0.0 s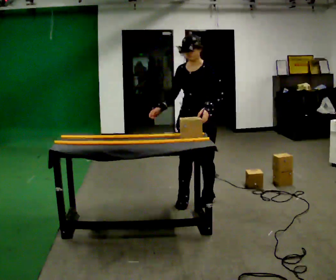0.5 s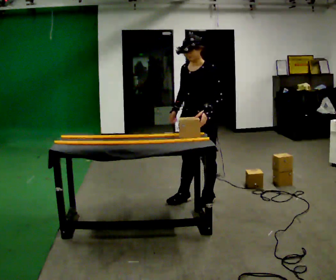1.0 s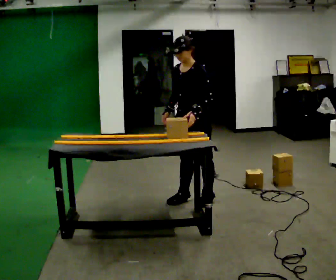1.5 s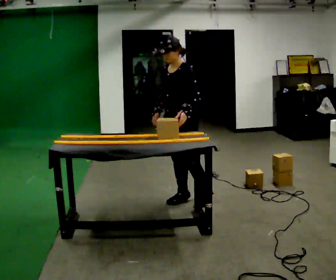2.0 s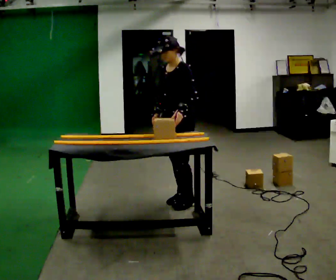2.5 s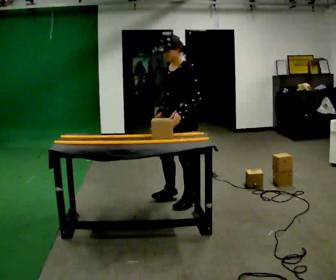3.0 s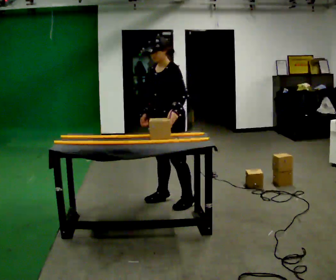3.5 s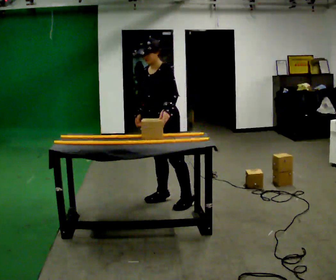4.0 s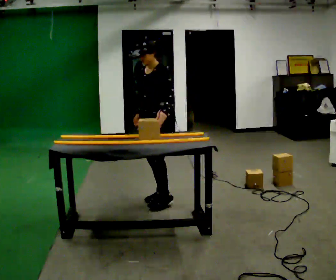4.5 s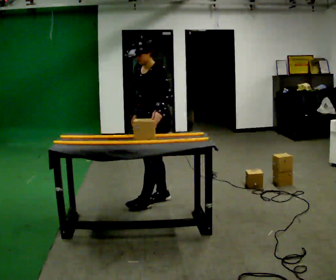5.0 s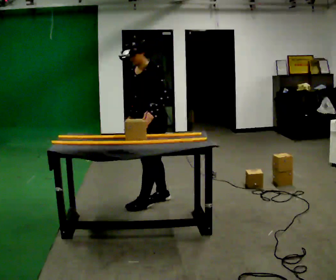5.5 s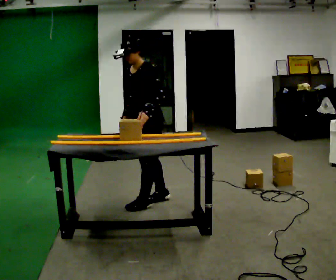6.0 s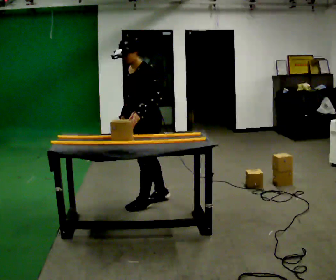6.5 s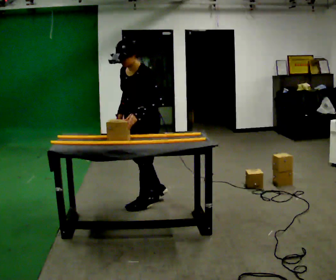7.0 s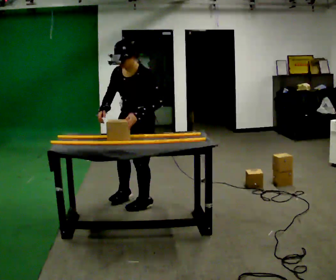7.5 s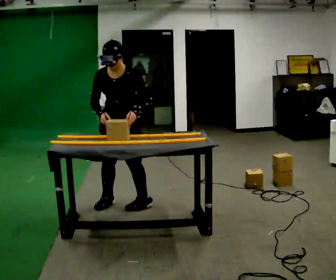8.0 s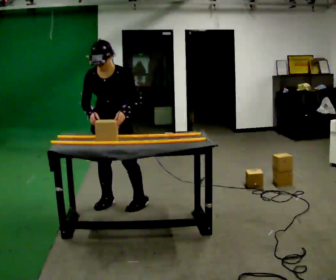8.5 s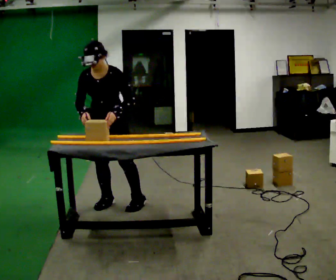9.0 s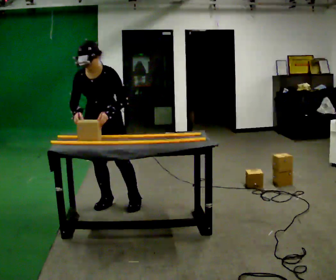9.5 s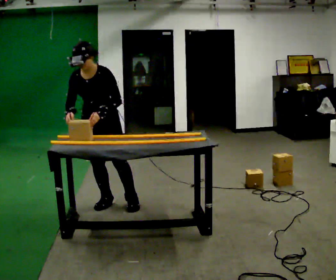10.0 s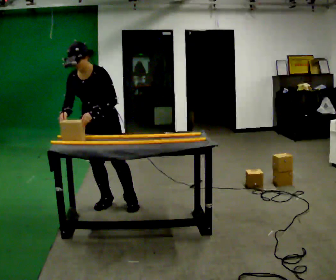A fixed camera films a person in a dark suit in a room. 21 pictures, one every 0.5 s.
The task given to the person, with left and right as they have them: Slide the object into the slot on the shelf in front of you. It is a close fit, so take the time you need. Repeat at your own pace until the operator says stop. Keep both feet on the marked spots for the whole take. If you have to step, stop and tell the operator.
0.0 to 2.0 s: Seen from above the body turns clockwise, about 30 degrees: to their right, with its near side sliding to the left. In the picture they go to the left, about 0.25 m in 1 step, which for them is to their right.
2.0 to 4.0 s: In the picture they go to the left, about 0.25 m in 1 step, which for them is to their right.
4.0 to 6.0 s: The person moves a little, or ends about where they began.
6.0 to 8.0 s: Seen from above the body turns counterclockwise, about 60 degrees: to their left, with its near side sliding to the right. In the picture they go to the left, about 0.25 m in 1 step, which for them is forward and to their right.
8.0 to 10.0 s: The person moves a little, or ends about where they began.
The film runs forward here.
